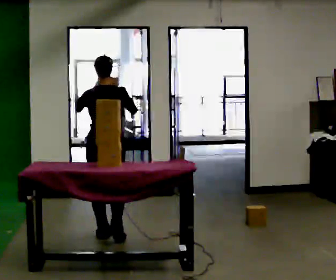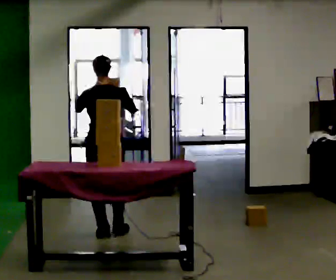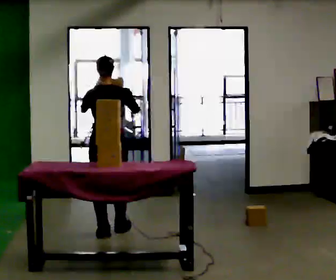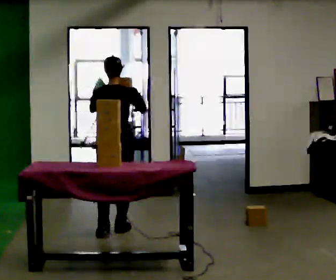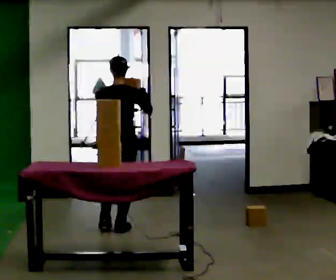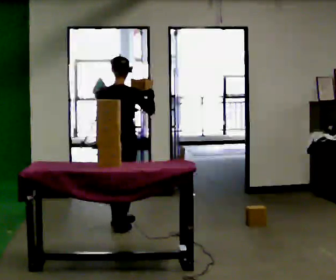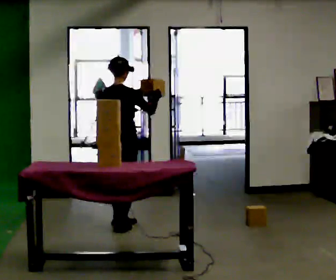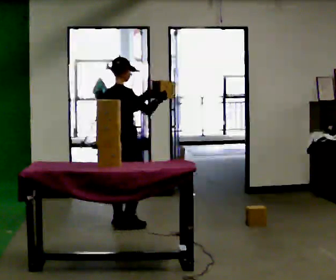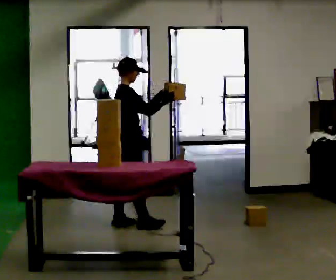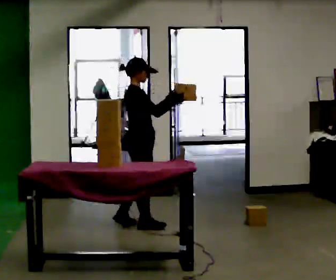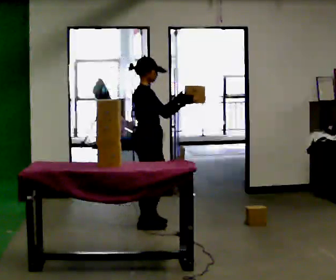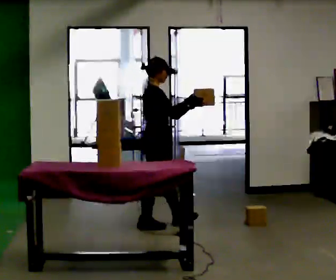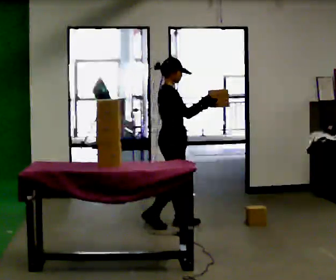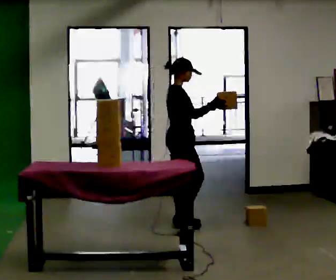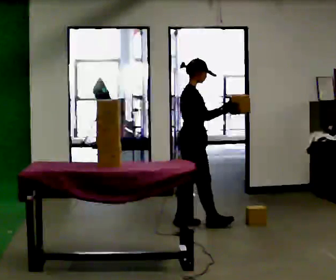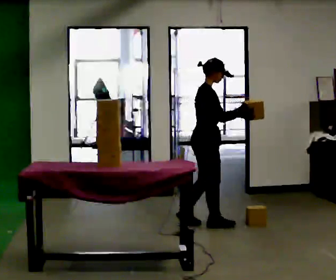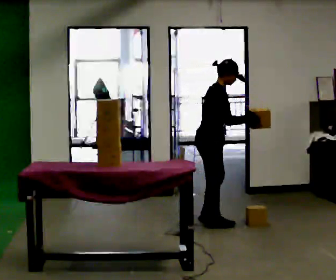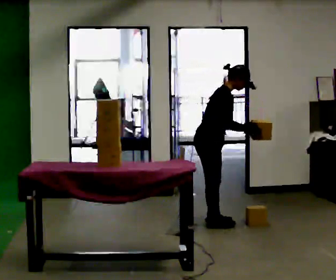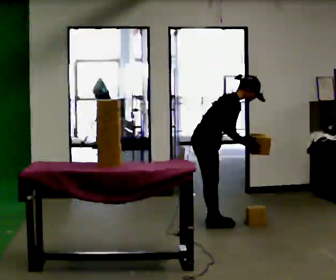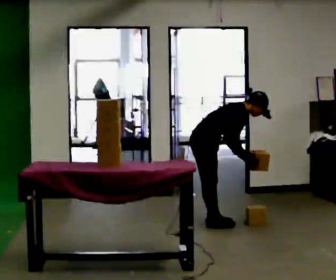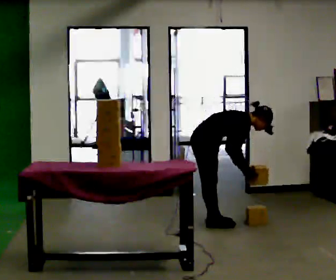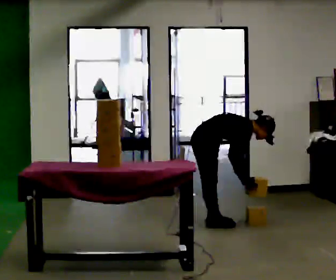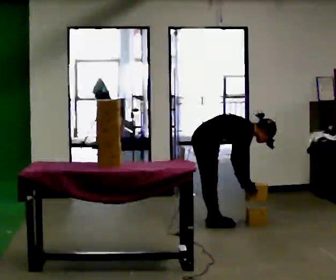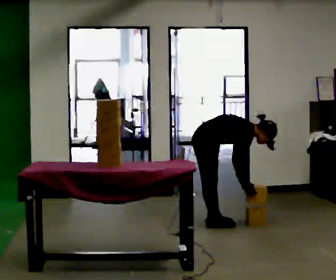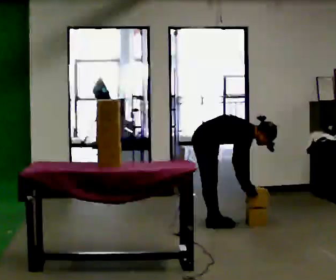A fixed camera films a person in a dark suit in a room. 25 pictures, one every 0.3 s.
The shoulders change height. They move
downward.
Their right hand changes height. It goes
downward.
0.0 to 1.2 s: In the picture they go away from the camera, about 0.25 m in 1 step, which for them is forward.
1.2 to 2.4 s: The part of the body nearest the lens slides to the left as the person turns to their right by about 75 degrees. In the picture they go away from the camera, about 0.25 m in 2 steps.
2.4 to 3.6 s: In the picture they go to the right, about 0.5 m in 1 step, which for them is forward.
3.6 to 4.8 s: In the picture they go to the right, about 0.25 m in 1 step, which for them is forward. In the picture the upper body tilts clockwise, shoulders to the right, as they bend forward.
4.8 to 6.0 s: The upper body goes downward. In the picture the upper body tilts clockwise, shoulders to the right, as they bend forward. In the picture their right hand goes downward.
6.0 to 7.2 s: The upper body tips away from the camera, its near side rolling upward, as they bend forward.
The film runs forward here.
